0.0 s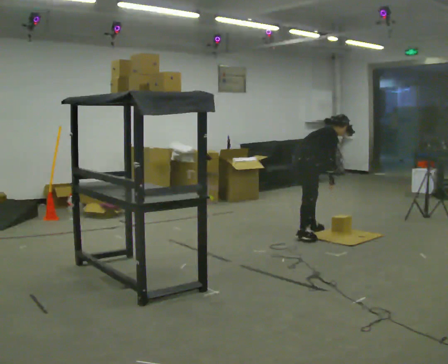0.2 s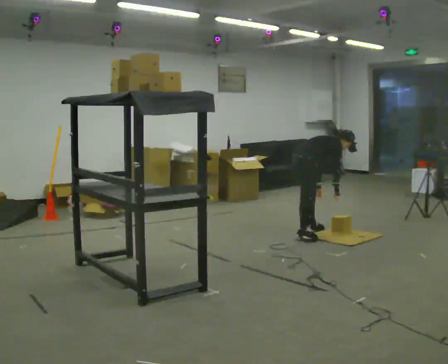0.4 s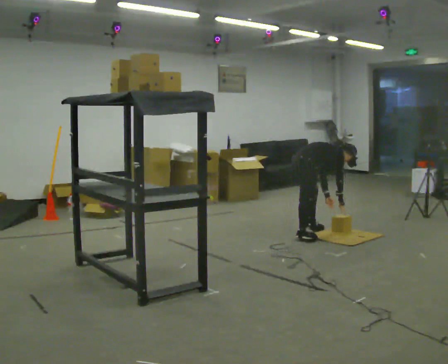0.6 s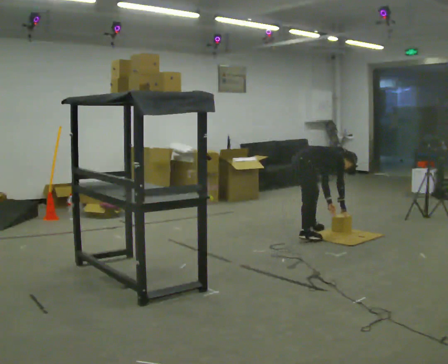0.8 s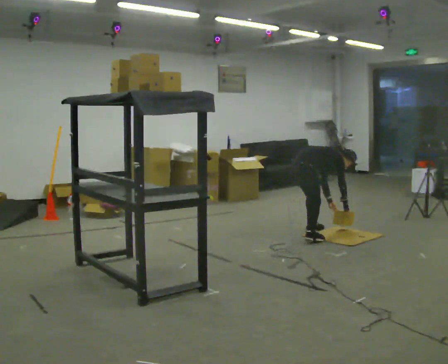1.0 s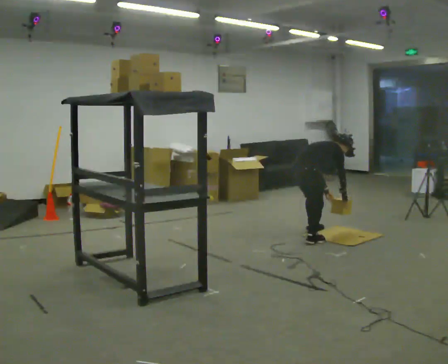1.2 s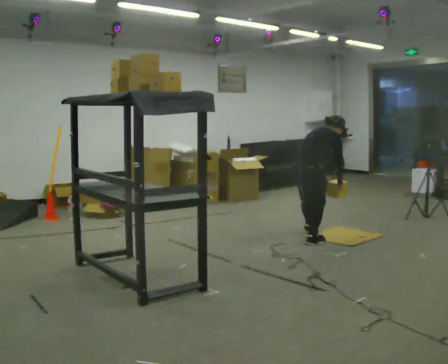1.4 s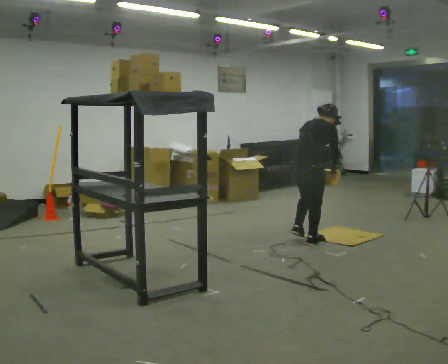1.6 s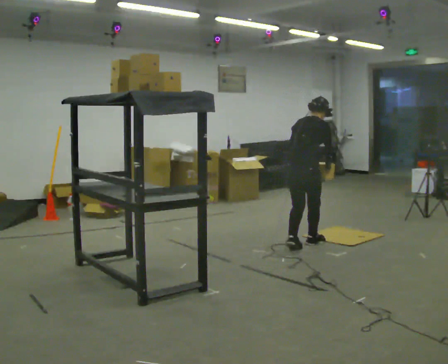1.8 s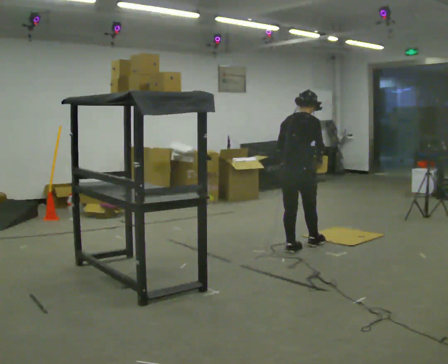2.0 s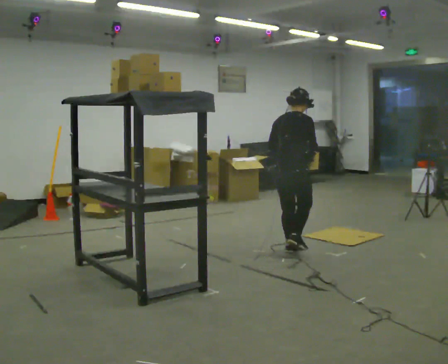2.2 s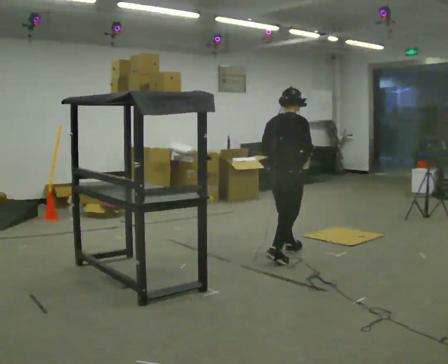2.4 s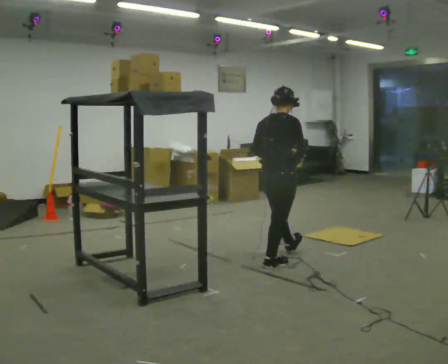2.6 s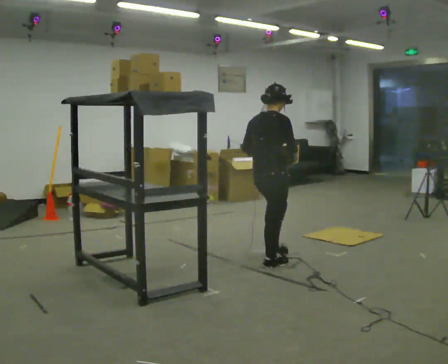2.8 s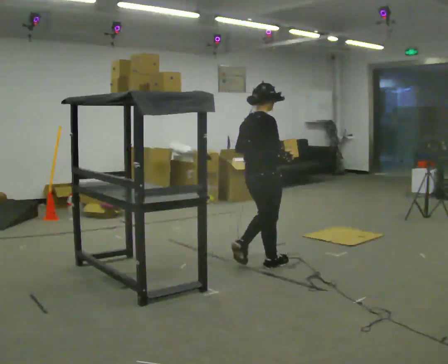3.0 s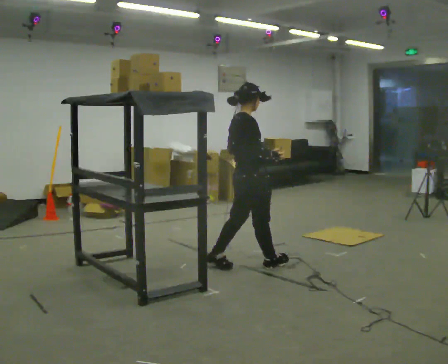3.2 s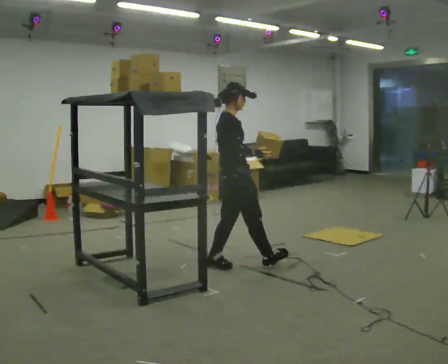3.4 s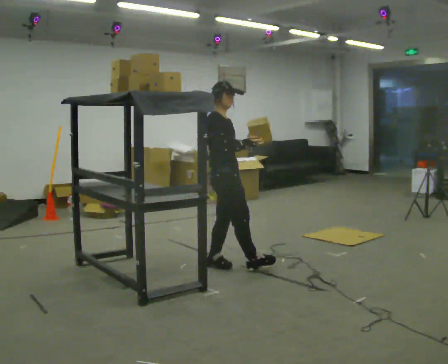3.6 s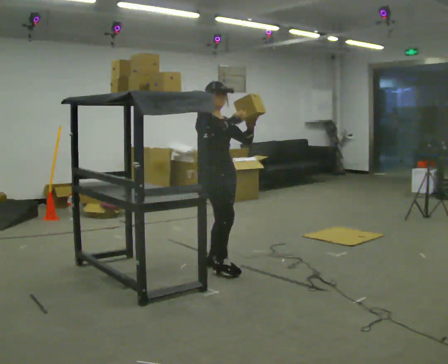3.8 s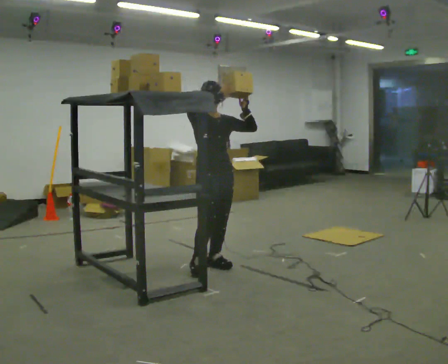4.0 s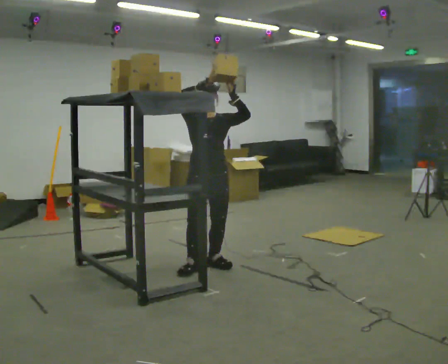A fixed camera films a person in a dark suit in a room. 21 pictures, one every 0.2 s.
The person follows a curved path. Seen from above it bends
clockwise.
0.0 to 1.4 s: Seen from above the body turns counterclockwise, about 45 degrees: to their left, with its near side sliding to the right. In the picture they go toward the camera, about 0.5 m in 2 steps, which for them is to their right.
1.4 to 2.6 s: In the picture they go toward the camera and to the left, about 1 m in 2 steps, which for them is backward. In the picture the upper body tilts counterclockwise, shoulders to the left, as they lean back or straighten.
2.6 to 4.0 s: The person turns about 120 degrees to their right, clockwise seen from above, so the part of the body nearest the lens slides to the left. In the picture they go to the left, about 0.5 m in 1 step. In the picture their left hand goes upward.
The film runs backward here.
